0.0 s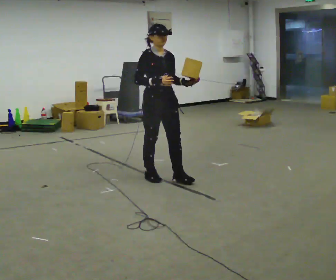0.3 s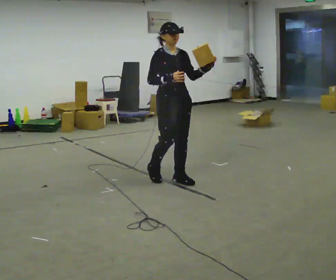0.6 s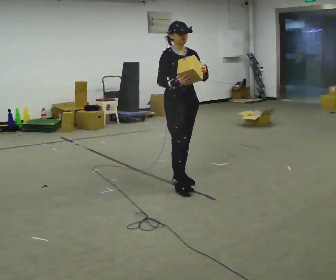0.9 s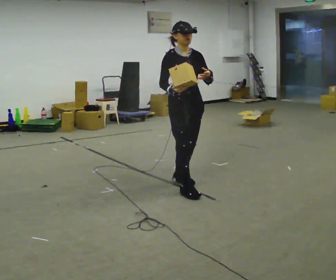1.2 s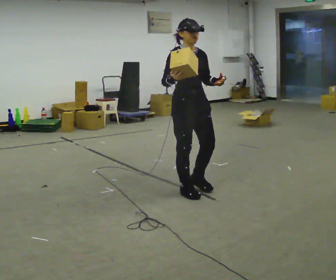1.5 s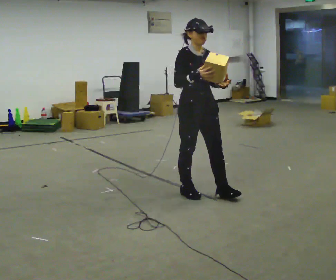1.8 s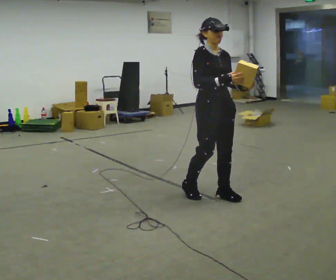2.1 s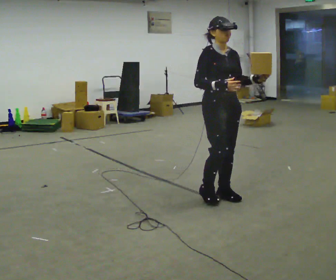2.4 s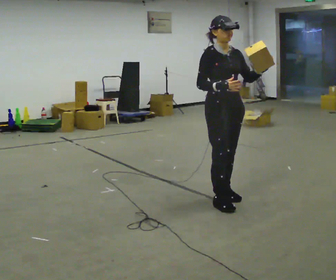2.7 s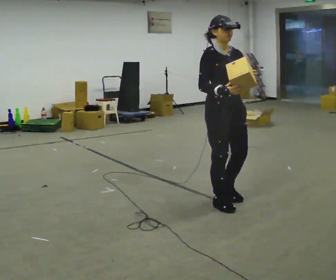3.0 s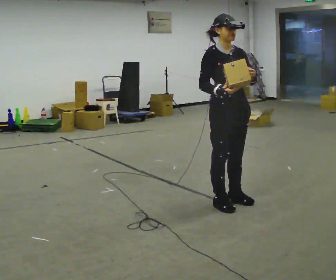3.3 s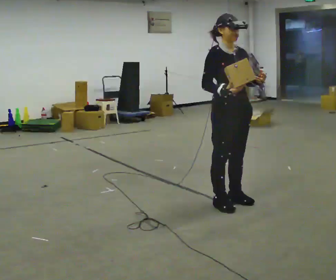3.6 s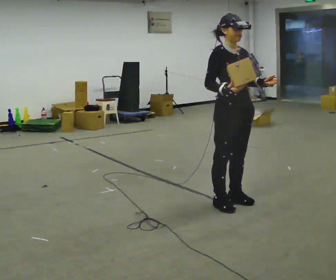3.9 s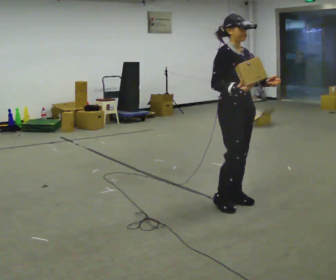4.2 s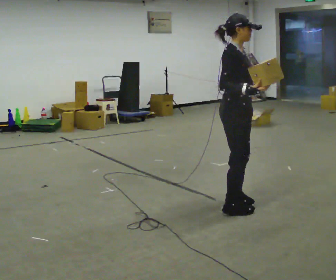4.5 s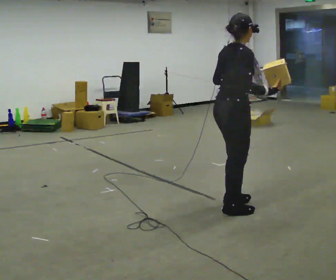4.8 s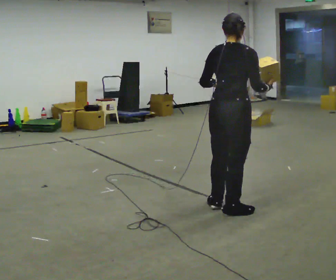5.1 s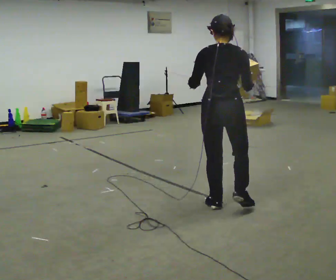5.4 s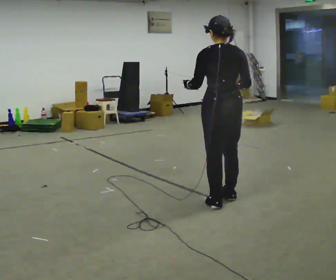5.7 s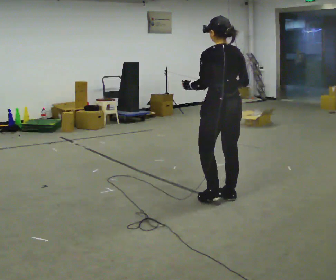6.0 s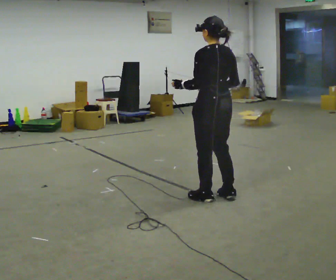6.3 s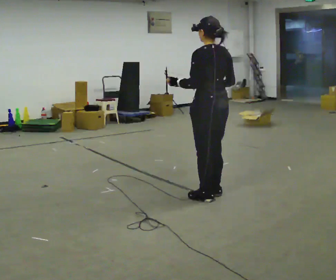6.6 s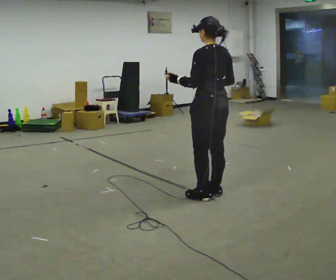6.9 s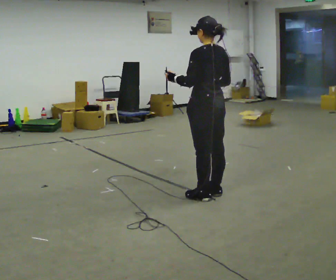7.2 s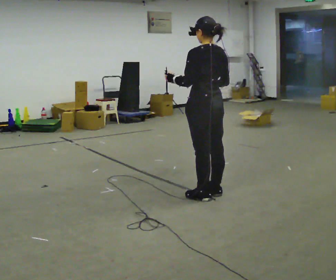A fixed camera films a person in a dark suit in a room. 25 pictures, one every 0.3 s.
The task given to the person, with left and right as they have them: Carry the object in one hand and, while walking, pass it to your other hand. Keep passing it back and forth as you walk.
0.0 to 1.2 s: In the picture they go to the right and toward the camera, about 0.5 m in 1 step, which for them is forward.
1.2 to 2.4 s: In the picture they go to the right, about 0.25 m in 2 steps, which for them is forward.
2.4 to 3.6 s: The person moves a little, or ends about where they began.
3.6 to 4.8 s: Seen from above the body turns counterclockwise, about 105 degrees: to their left, with its near side sliding to the right. In the picture their left hand goes to the left.
4.8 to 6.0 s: Seen from above the body turns counterclockwise, about 75 degrees: to their left, with its near side sliding to the right. In the picture they go away from the camera and to the left, about 0.25 m in 2 steps.
6.0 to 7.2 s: The person moves a little, or ends about where they began.
The film runs forward here.
